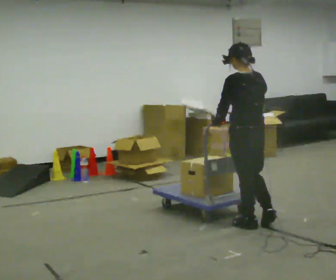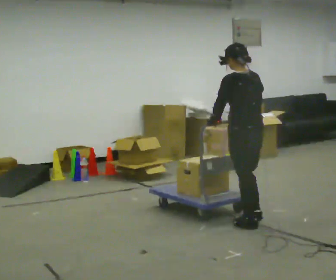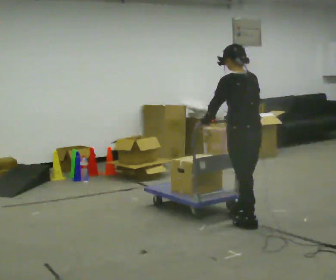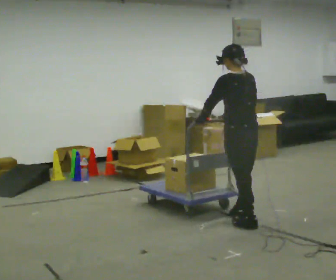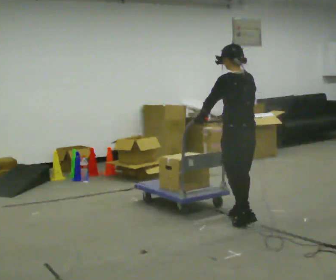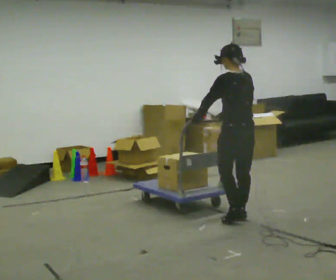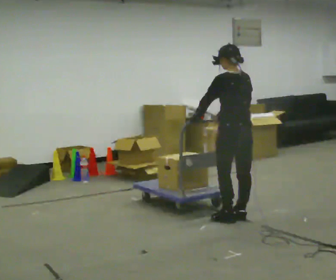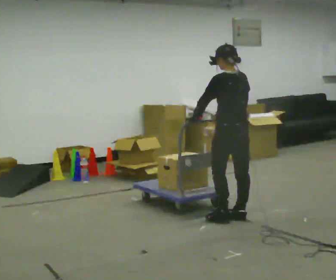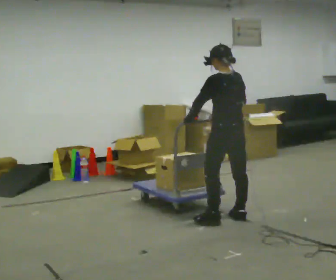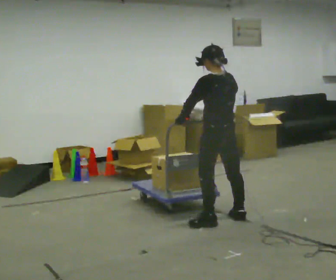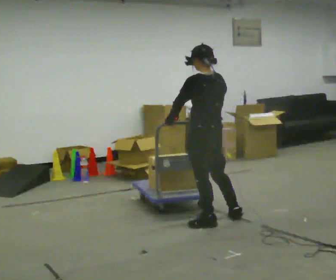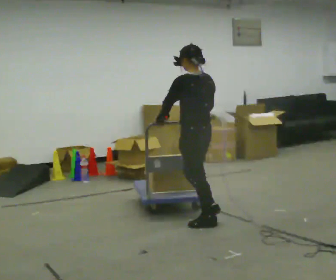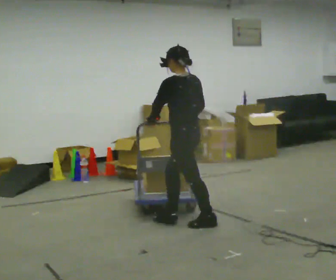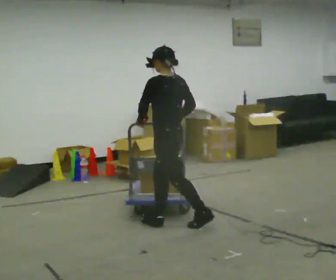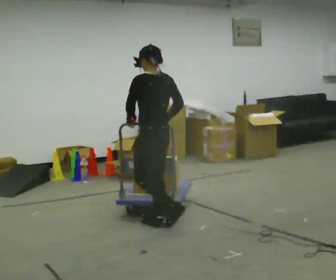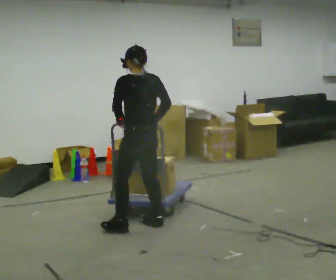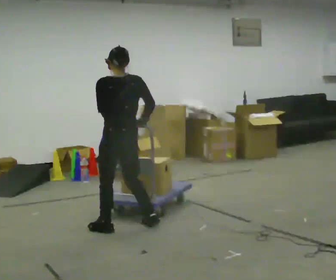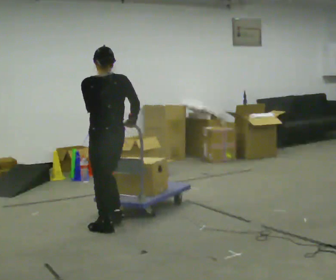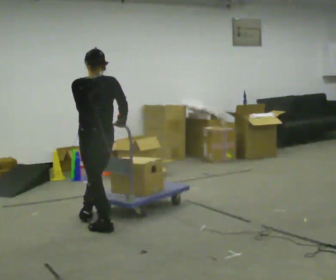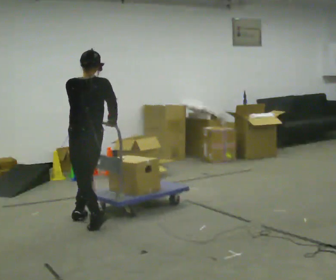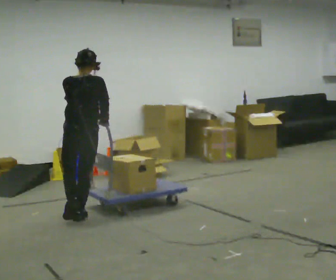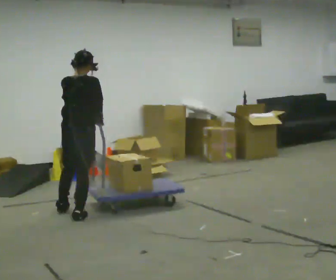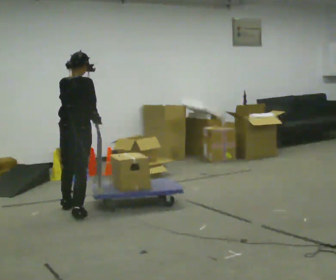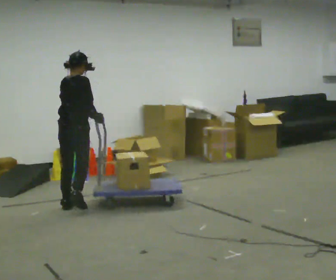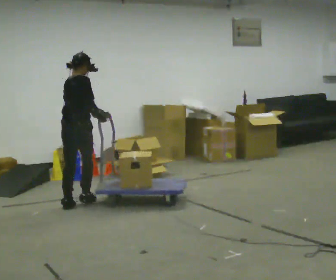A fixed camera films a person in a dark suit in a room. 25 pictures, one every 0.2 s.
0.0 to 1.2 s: In the picture they go away from the camera, about 0.25 m in 2 steps, which for them is forward.
1.2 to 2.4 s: The person turns about 30 degrees to their left, counterclockwise seen from above, so the part of the body nearest the lens slides to the right. In the picture they go to the left, about 0.5 m in 1 step, which for them is to their left and forward.
2.4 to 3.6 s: Seen from above the body turns clockwise, about 30 degrees: to their right, with its near side sliding to the left. In the picture they go to the left, about 1 m in 2 steps, which for them is forward and to their left.
3.6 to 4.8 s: Seen from above the body turns clockwise, about 60 degrees: to their right, with its near side sliding to the left. In the picture they go away from the camera and to the left, about 1 m in 2 steps, which for them is forward and to their left.
The film runs forward here.
